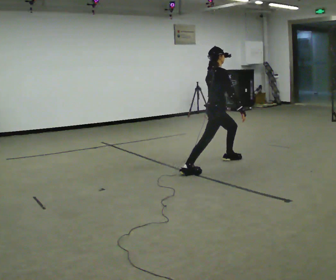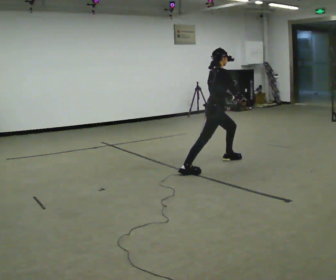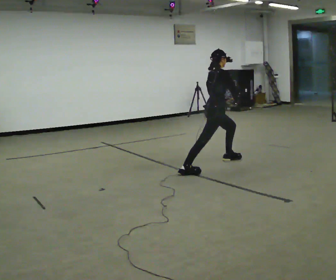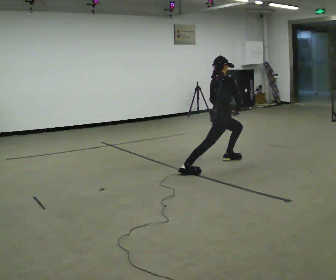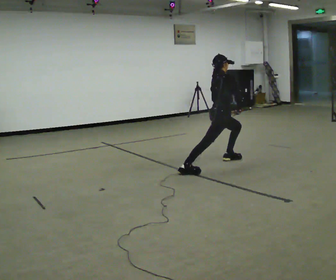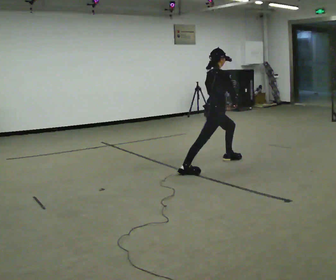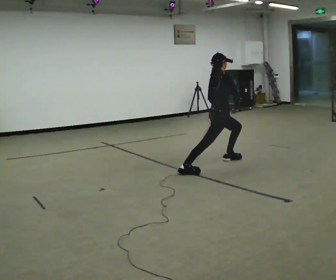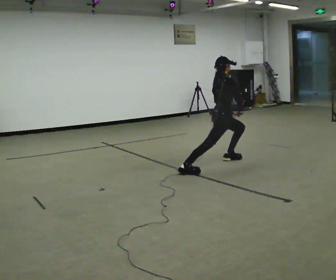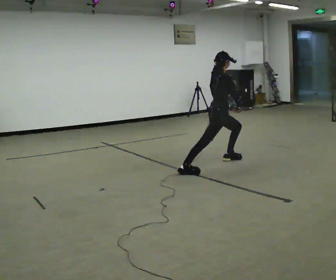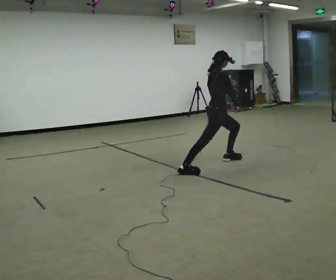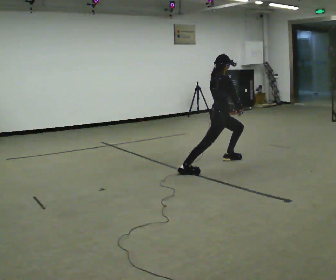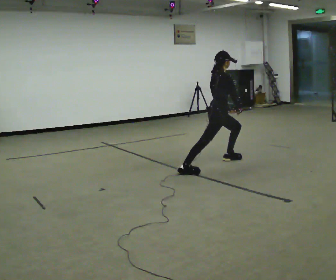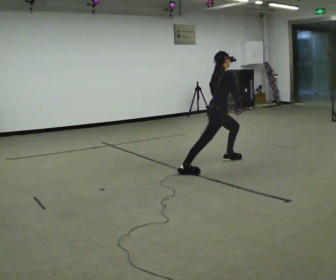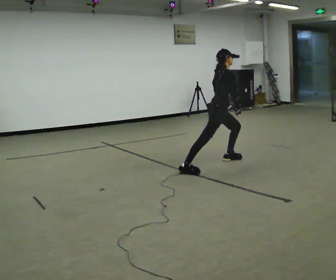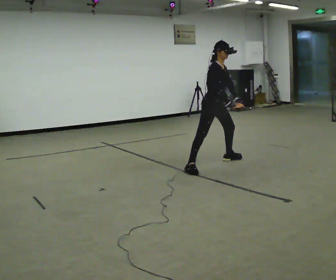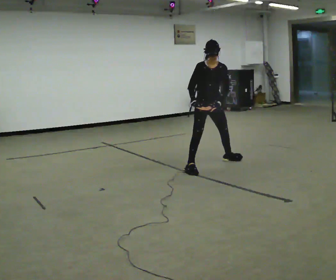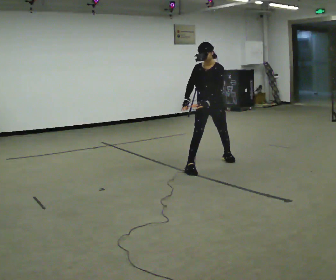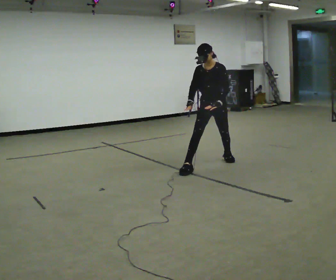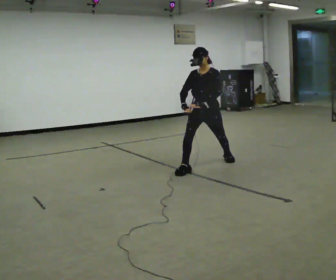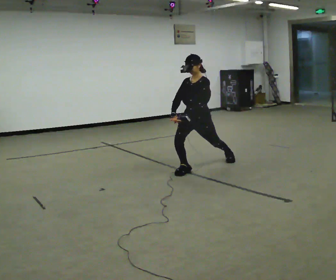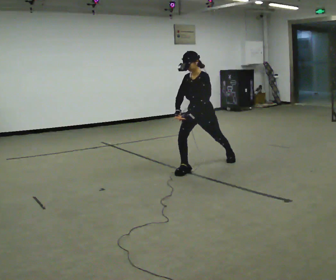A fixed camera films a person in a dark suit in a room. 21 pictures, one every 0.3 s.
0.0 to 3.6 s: The person moves a little, or ends about where they began.
3.6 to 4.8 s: Seen from above the body turns clockwise, about 105 degrees: to their right, with its near side sliding to the left. In the picture the upper body tilts counterclockwise, shoulders to the left. In the picture their right hand goes to the left, the arm swinging clockwise.
4.8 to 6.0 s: The person moves a little, or ends about where they began.
The film runs forward here.
